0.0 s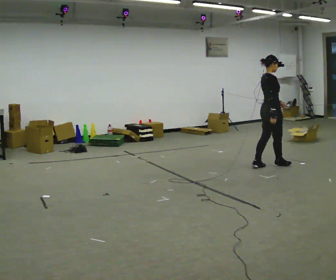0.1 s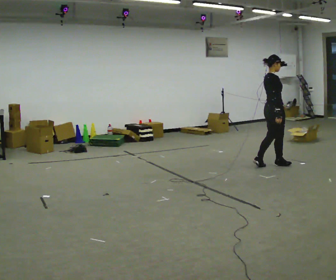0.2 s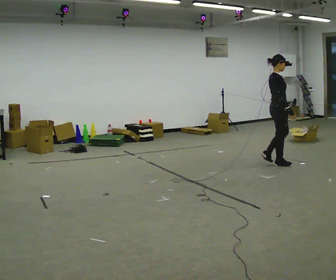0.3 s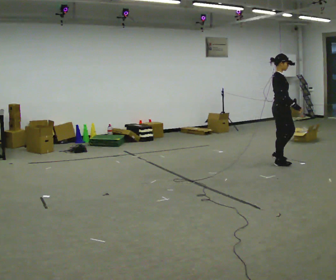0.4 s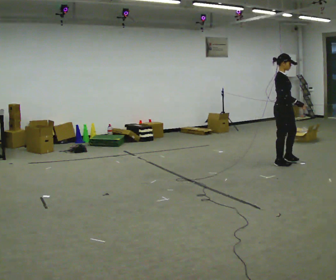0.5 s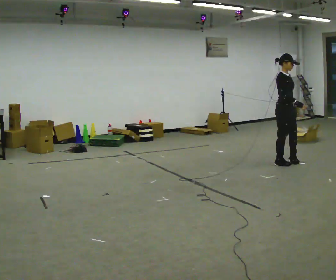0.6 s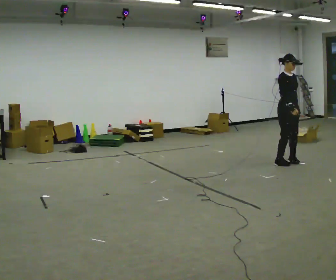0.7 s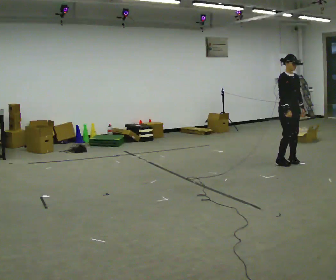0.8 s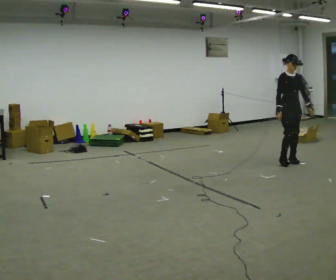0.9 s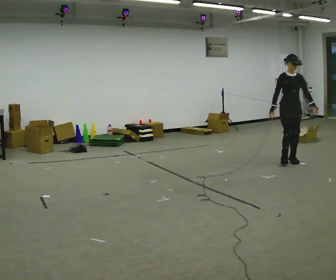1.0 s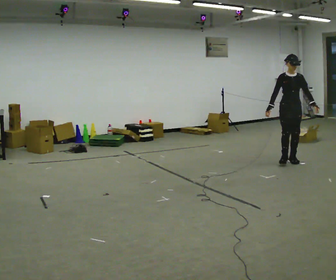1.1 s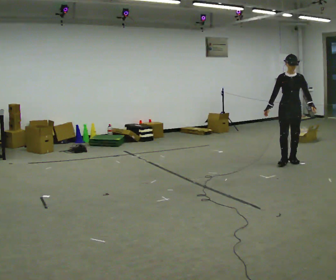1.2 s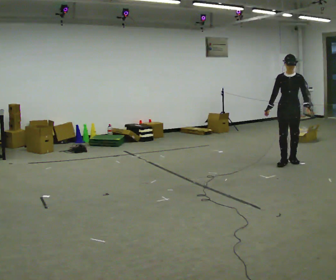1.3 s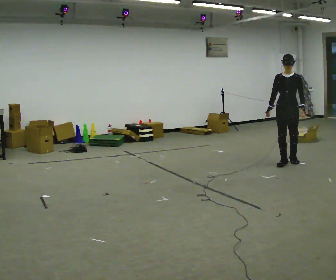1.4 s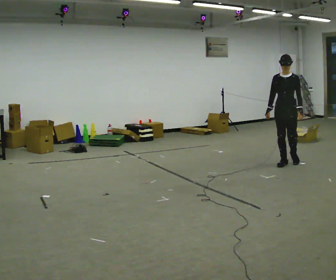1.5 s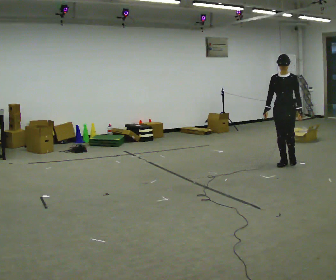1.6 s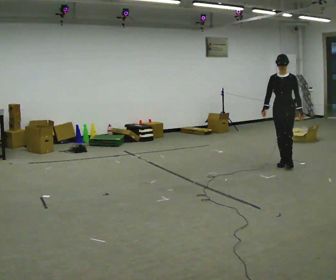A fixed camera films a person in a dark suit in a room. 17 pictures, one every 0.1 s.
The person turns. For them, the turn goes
to their right.
The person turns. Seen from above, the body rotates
clockwise.
0.0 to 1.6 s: The person turns about 135 degrees to their right, clockwise seen from above, so the part of the body nearest the lens slides to the left. In the picture they go to the right, about 0.25 m in 2 steps. In the picture their left hand goes to the right.
The film runs forward here.
